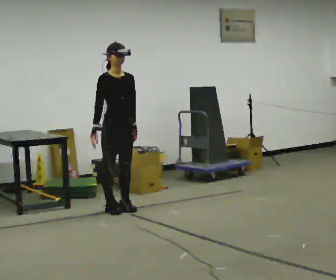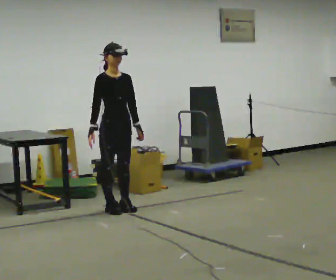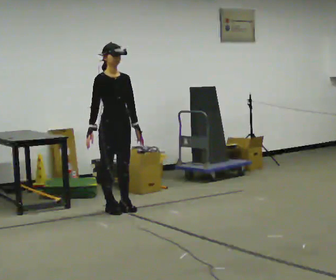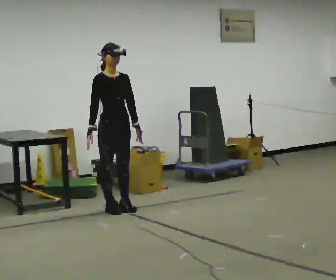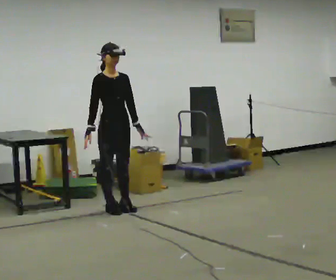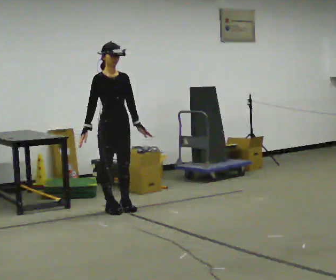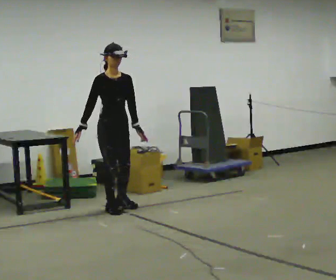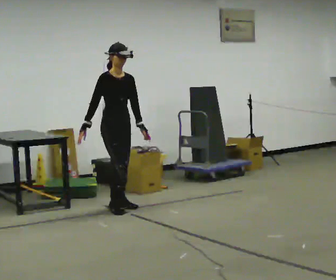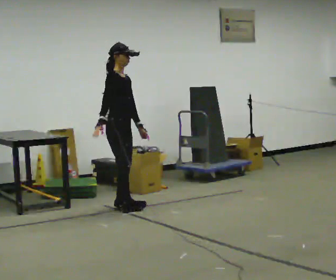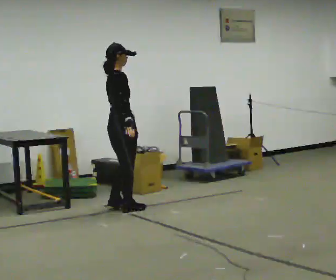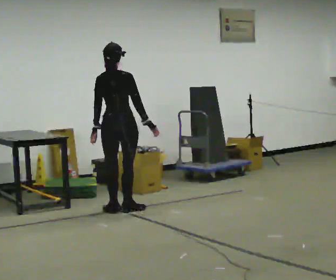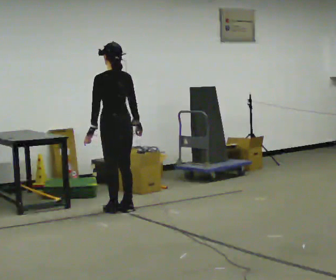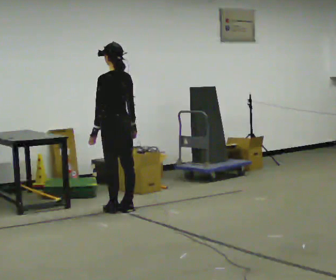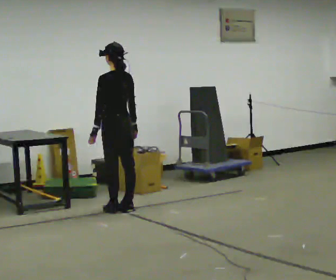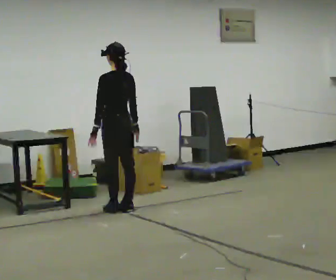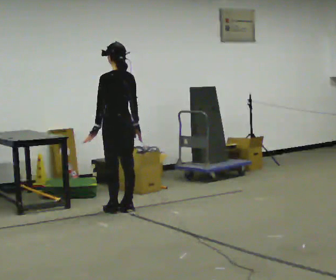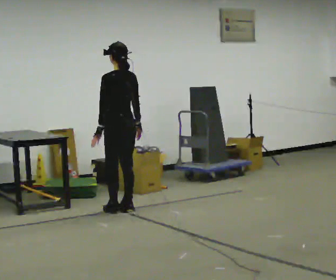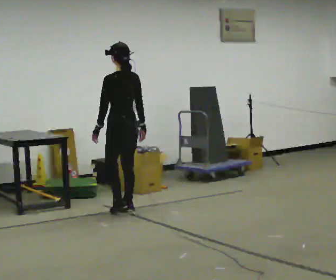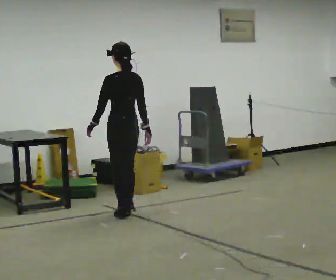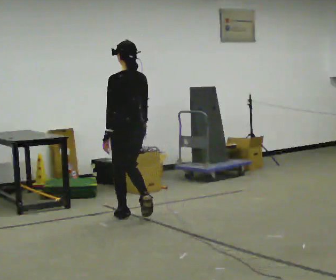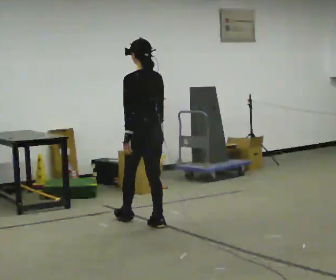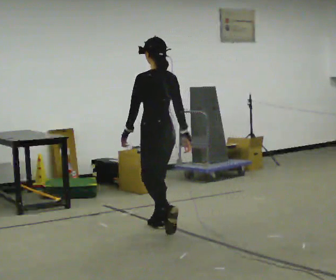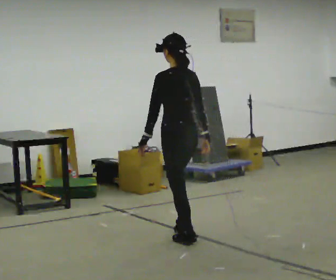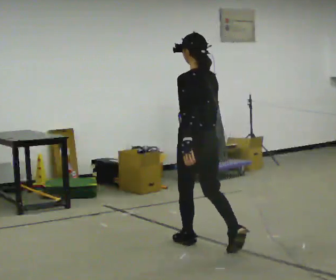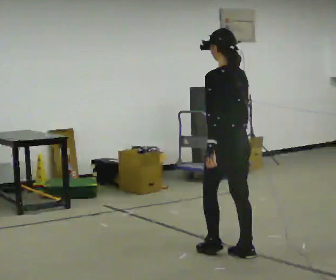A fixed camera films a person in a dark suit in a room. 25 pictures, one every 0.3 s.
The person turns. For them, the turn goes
to their left.
The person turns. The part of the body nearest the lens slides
to the right.
0.0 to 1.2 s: The person moves a little, or ends about where they began.
1.2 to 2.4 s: The part of the body nearest the lens slides to the right as the person turns to their left by about 30 degrees.
2.4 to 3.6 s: The person turns about 150 degrees to their left, counterclockwise seen from above, so the part of the body nearest the lens slides to the right. In the picture their right hand goes to the right.
3.6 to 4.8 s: The person moves a little, or ends about where they began.
4.8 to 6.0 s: In the picture they go toward the camera, about 0.75 m in 3 steps, which for them is backward.
6.0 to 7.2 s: In the picture they go toward the camera and to the right, about 1 m in 2 steps, which for them is backward.
The film runs backward here.
